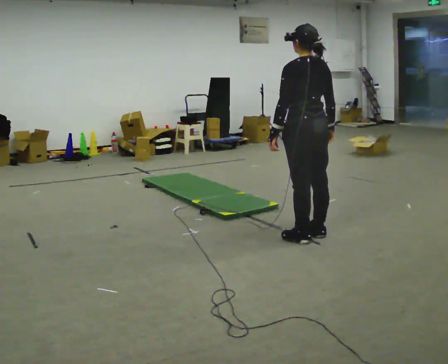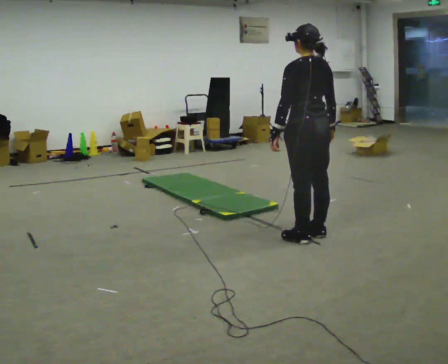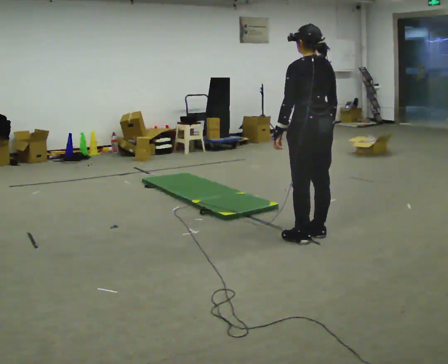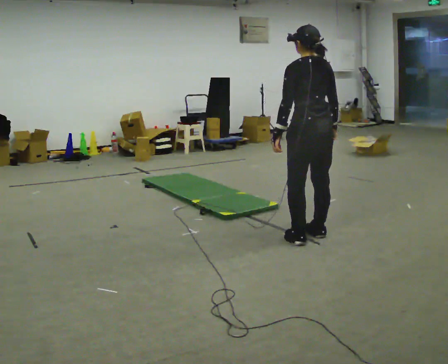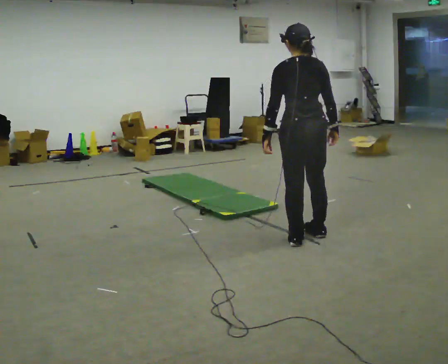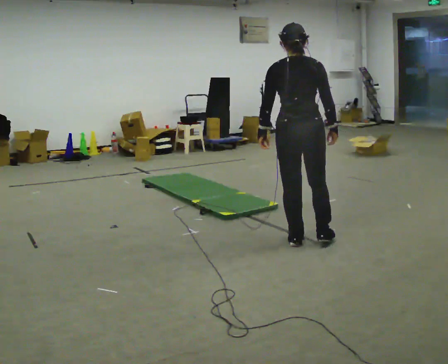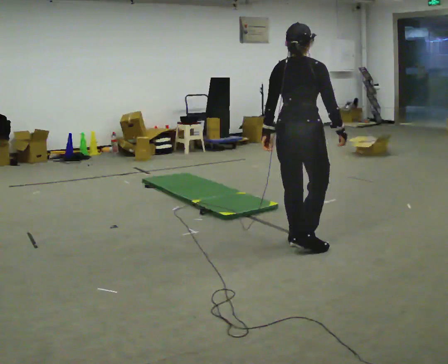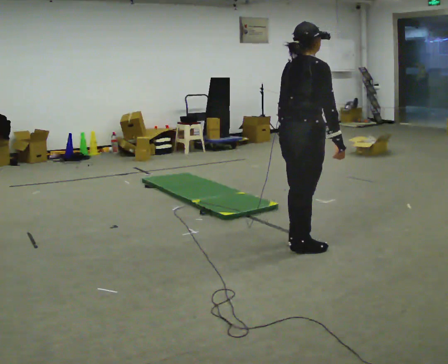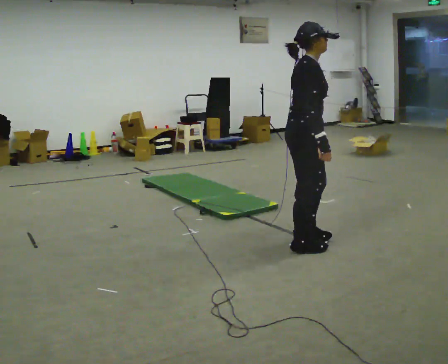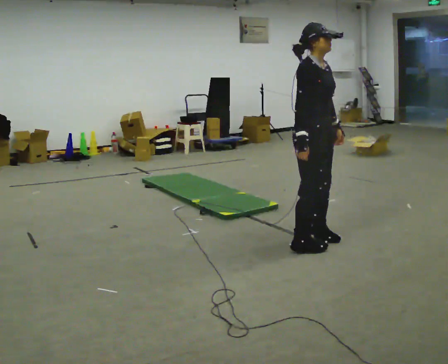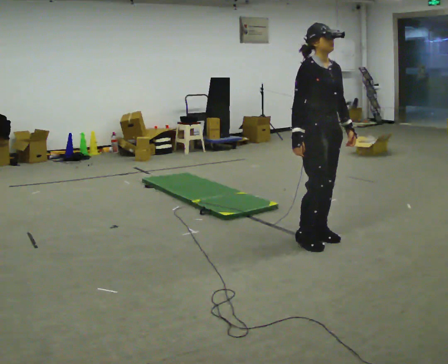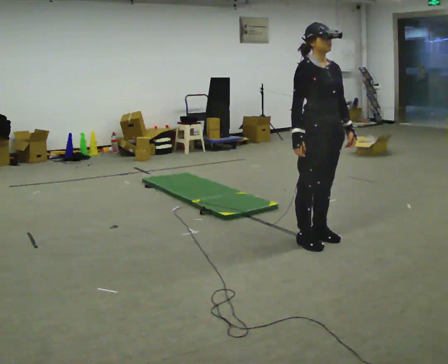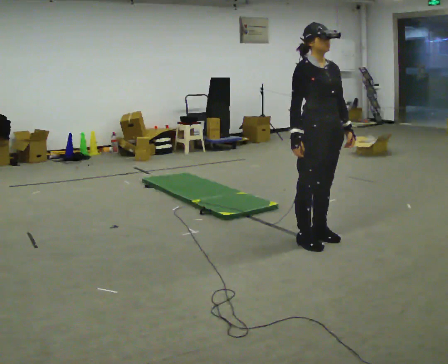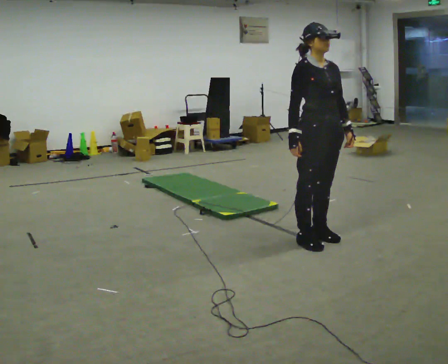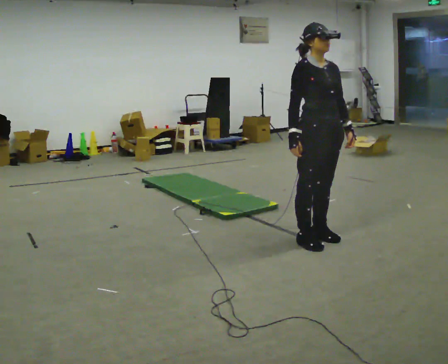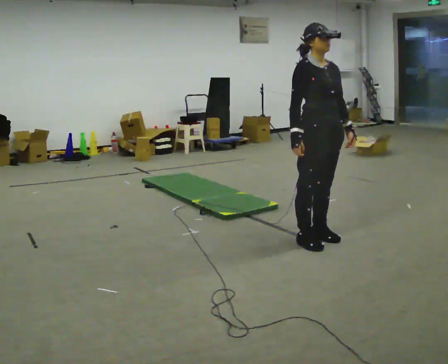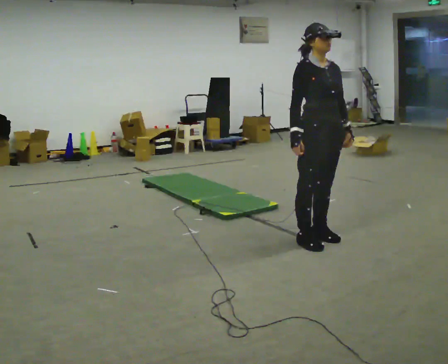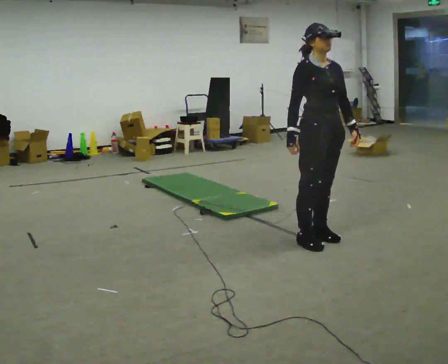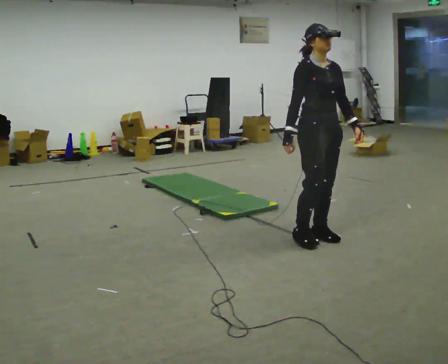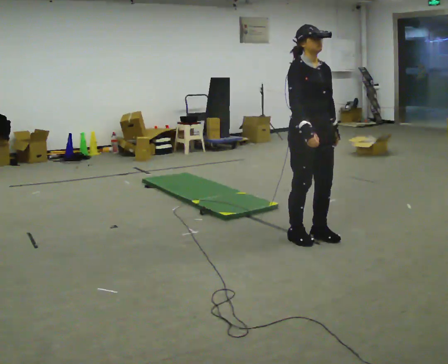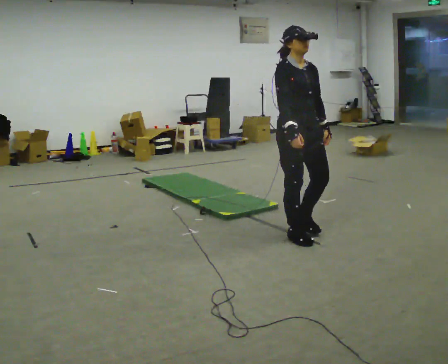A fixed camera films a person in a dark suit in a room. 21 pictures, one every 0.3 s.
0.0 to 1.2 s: The person moves a little, or ends about where they began.
1.2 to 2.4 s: The part of the body nearest the lens slides to the left as the person turns to their right by about 105 degrees. In the picture they go toward the camera, about 0.25 m in 2 steps.
2.4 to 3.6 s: The part of the body nearest the lens slides to the left as the person turns to their right by about 60 degrees. In the picture they go away from the camera, about 0.25 m in 1 step, which for them is to their left. In the picture their left hand goes to the right.
3.6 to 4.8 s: The person moves a little, or ends about where they began.
4.8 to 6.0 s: In the picture they go to the left, about 0.25 m in 1 step, which for them is backward.
The film runs backward here.
